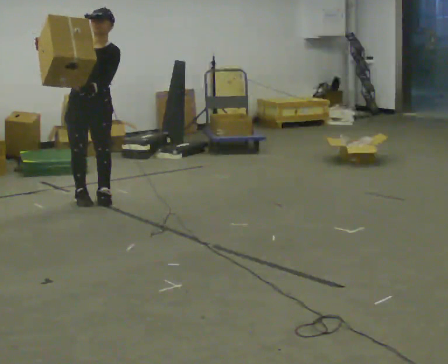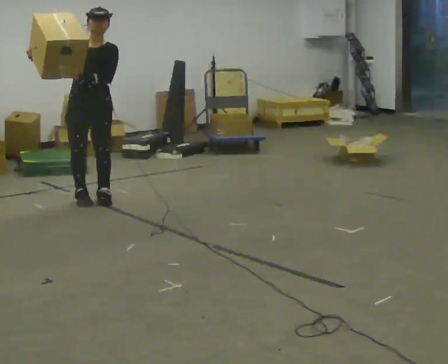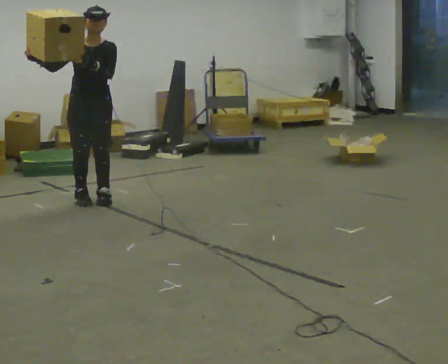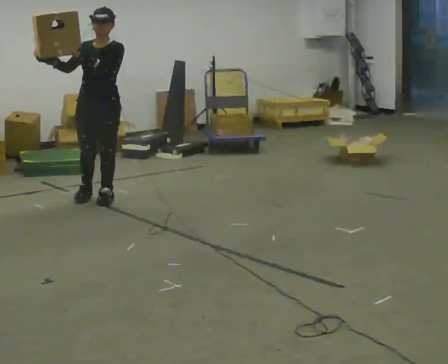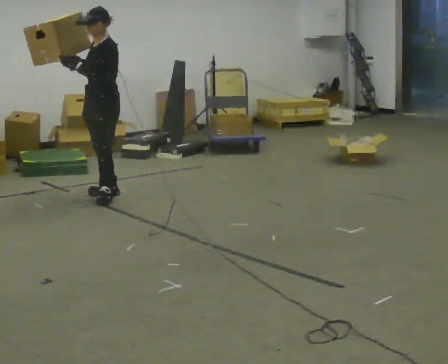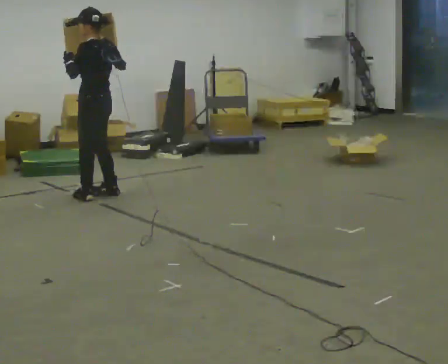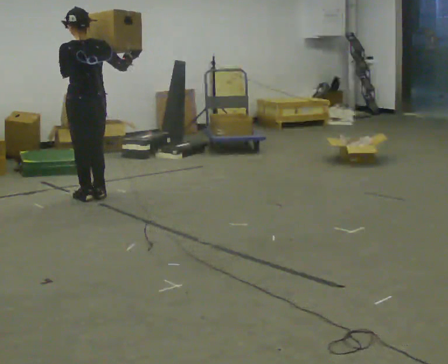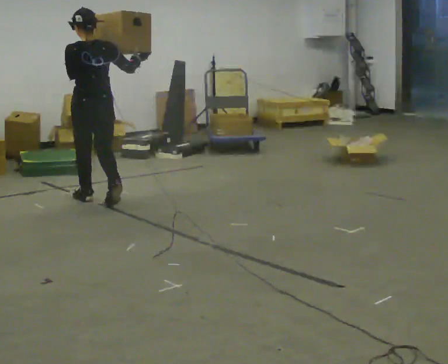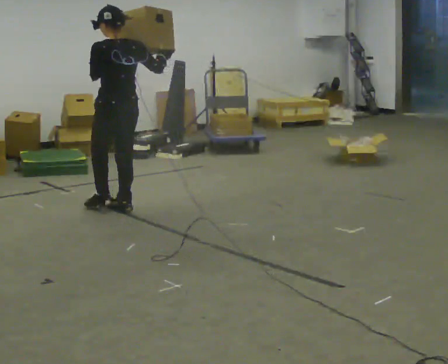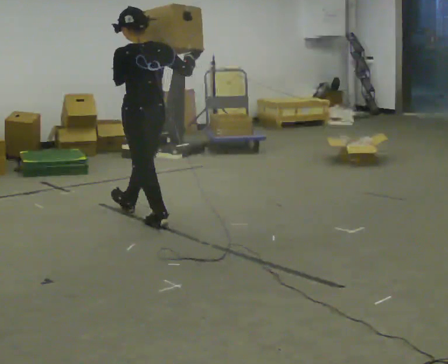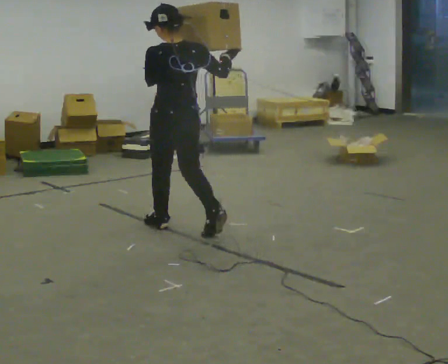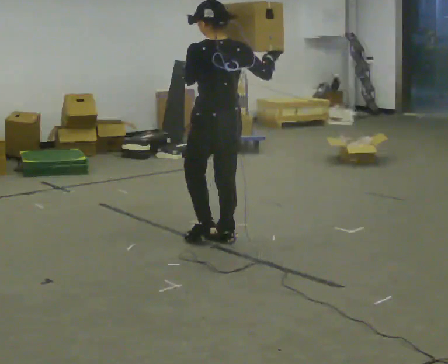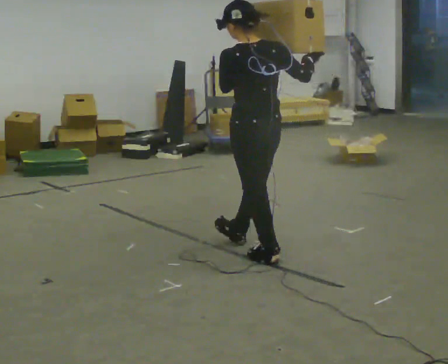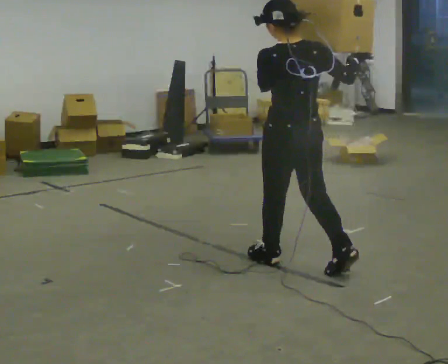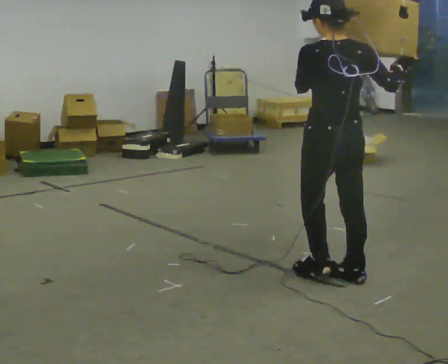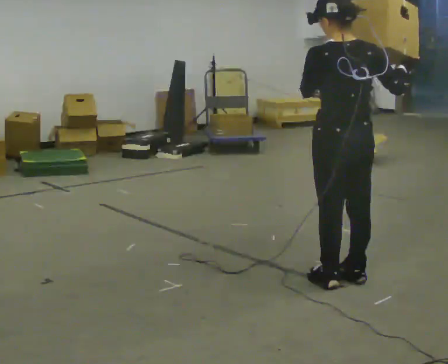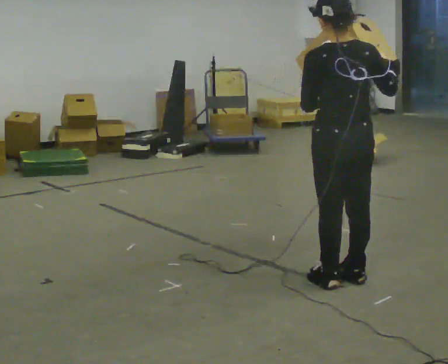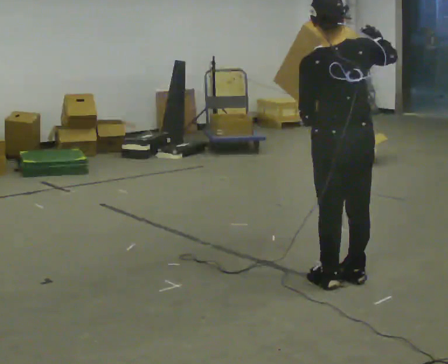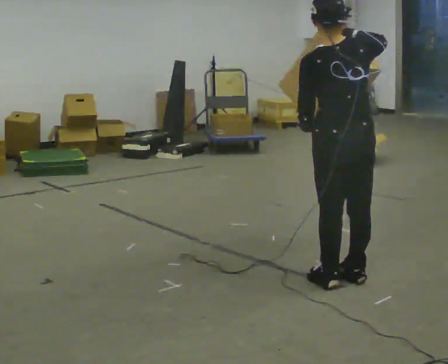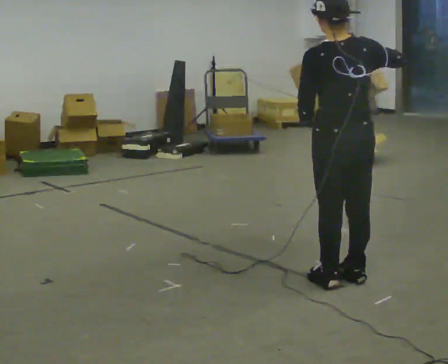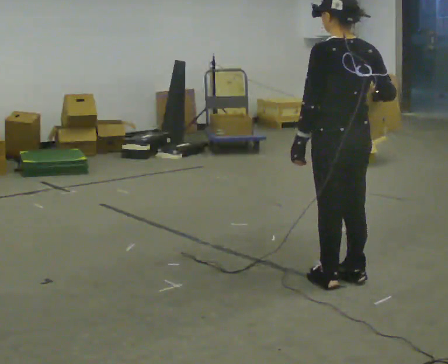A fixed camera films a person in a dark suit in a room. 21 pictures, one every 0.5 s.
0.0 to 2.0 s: The person turns about 45 degrees to their right, clockwise seen from above, so the part of the body nearest the lens slides to the left. In the picture they go away from the camera, about 0.25 m in 1 step, which for them is backward and to their left.
2.0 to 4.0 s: The person turns about 105 degrees to their right, clockwise seen from above, so the part of the body nearest the lens slides to the left. In the picture they go toward the camera, about 0.5 m in 3 steps.
4.0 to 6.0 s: In the picture they go toward the camera and to the right, about 1.5 m in 3 steps, which for them is backward.
6.0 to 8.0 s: In the picture they go toward the camera and to the right, about 0.75 m in 1 step, which for them is backward and to their right.
8.0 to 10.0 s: The person moves a little, or ends about where they began.
The film runs backward here.
